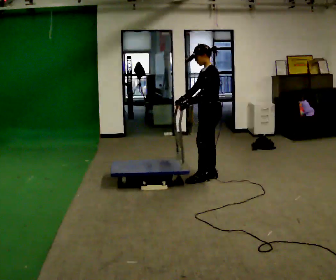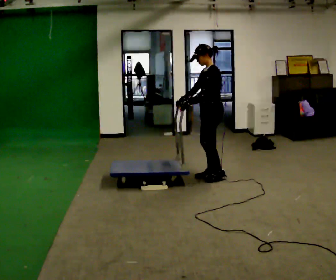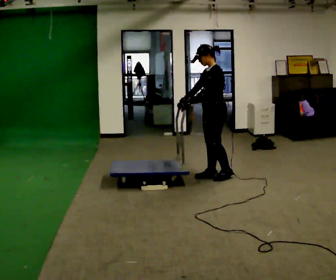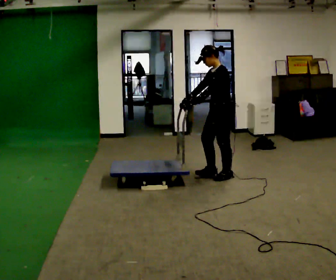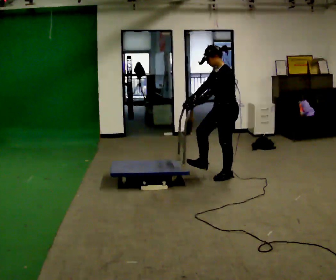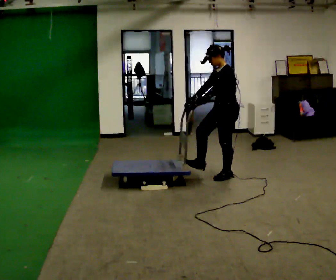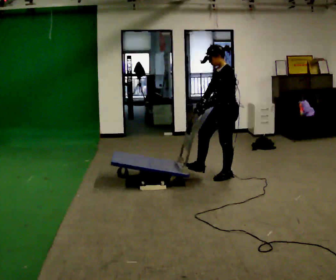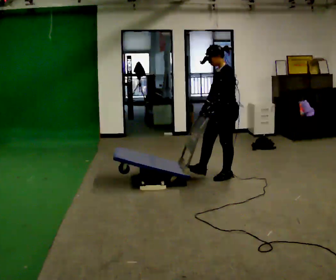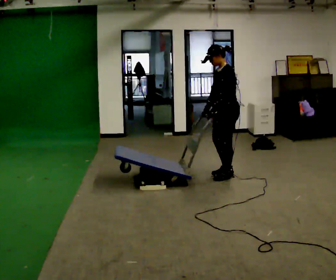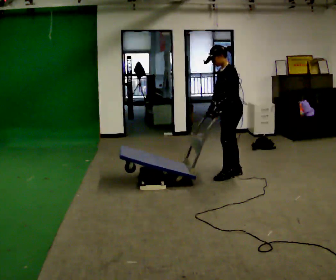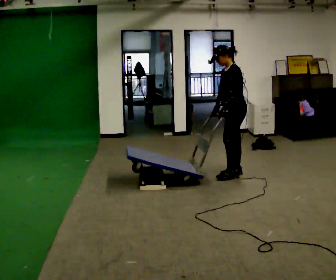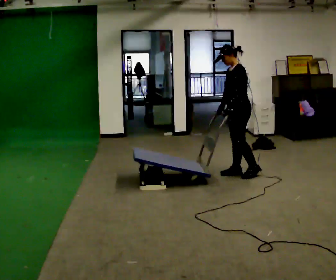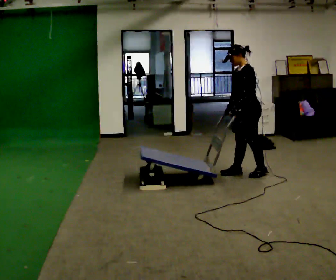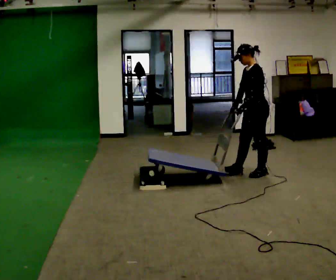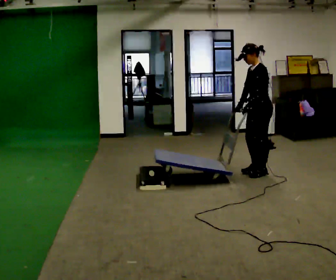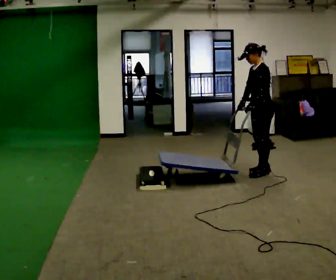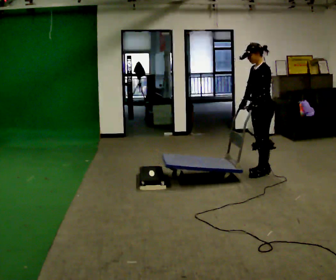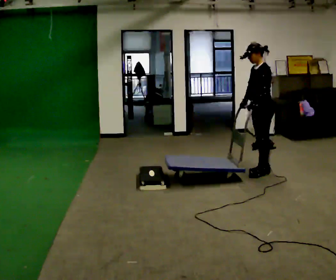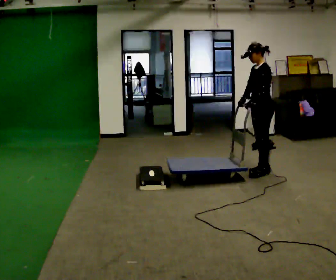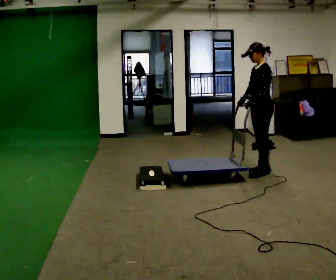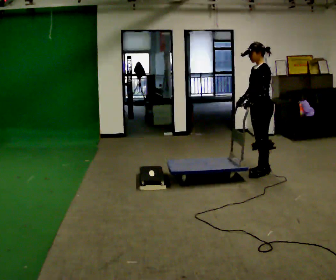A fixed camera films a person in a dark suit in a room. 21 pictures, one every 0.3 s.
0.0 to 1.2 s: In the picture they go to the right, about 0.25 m in 1 step, which for them is backward.
1.2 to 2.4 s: The person moves a little, or ends about where they began.
2.4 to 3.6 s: In the picture they go to the right, about 0.25 m in 2 steps, which for them is backward.
3.6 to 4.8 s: In the picture they go to the right, about 0.25 m in 1 step, which for them is backward.
4.8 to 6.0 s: The person moves a little, or ends about where they began.
The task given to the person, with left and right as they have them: Push the cart up over the low platform edge and down the other side, then bring it back over.
The film runs forward here.
